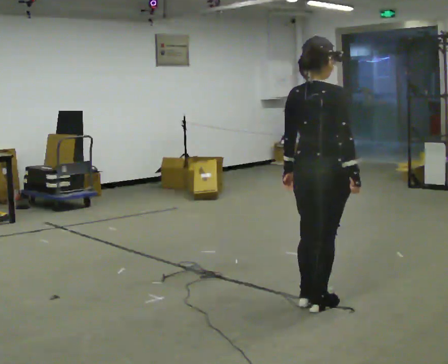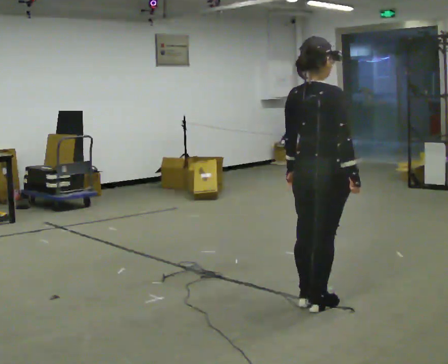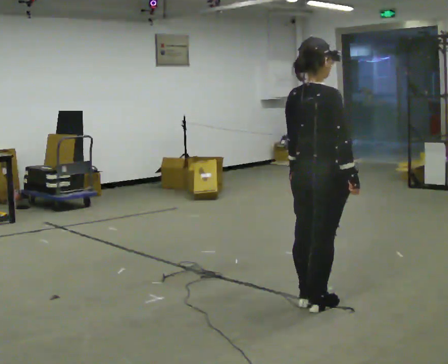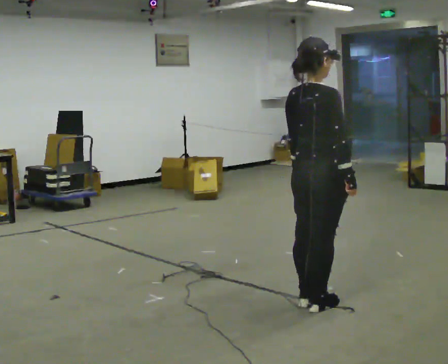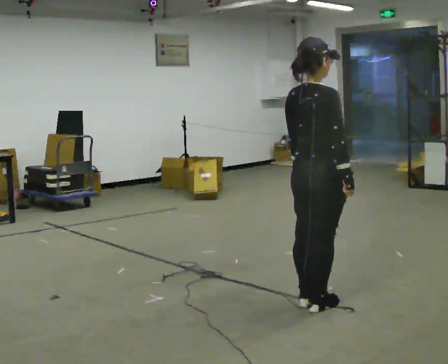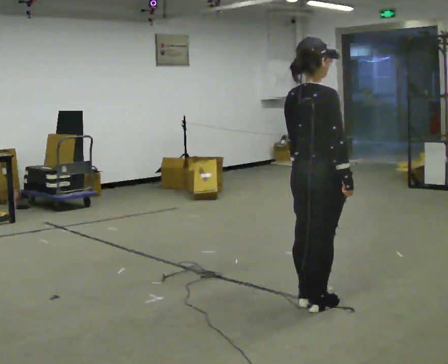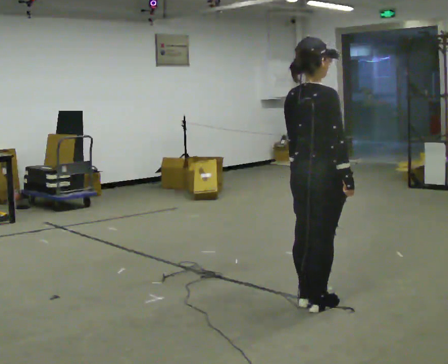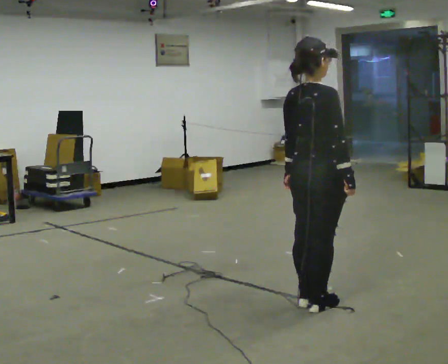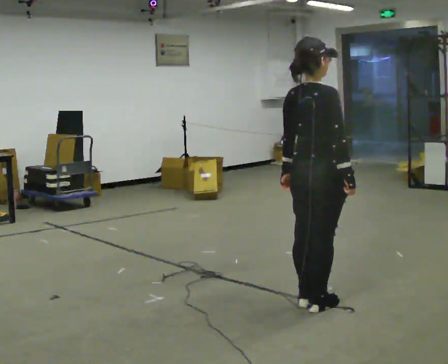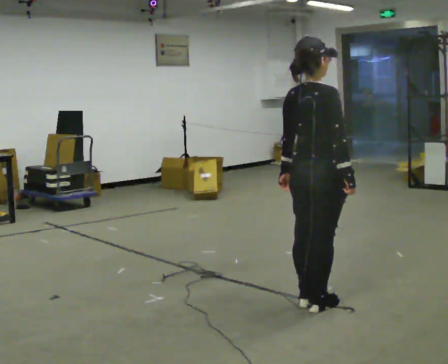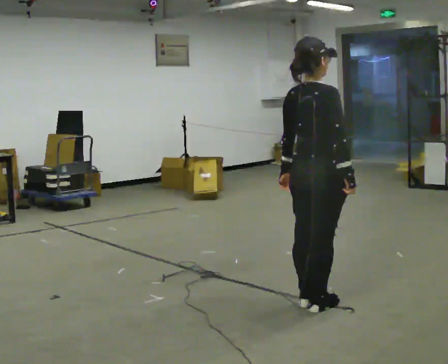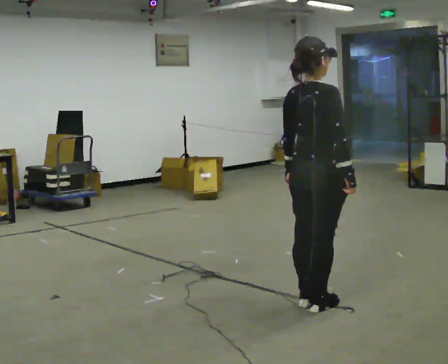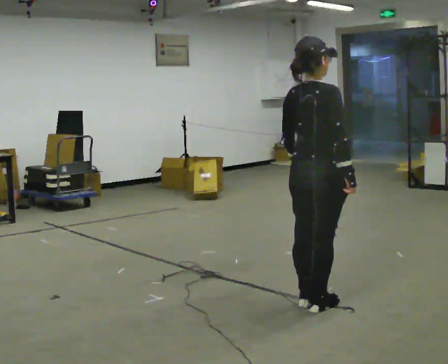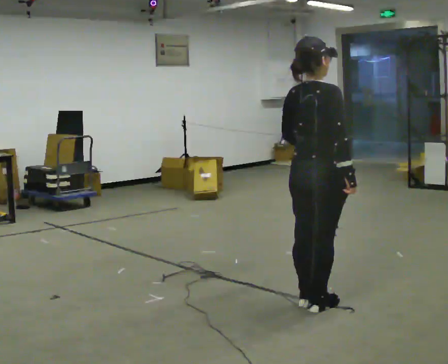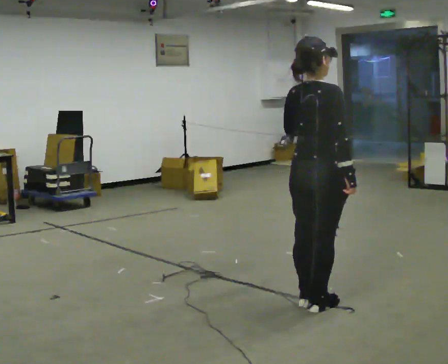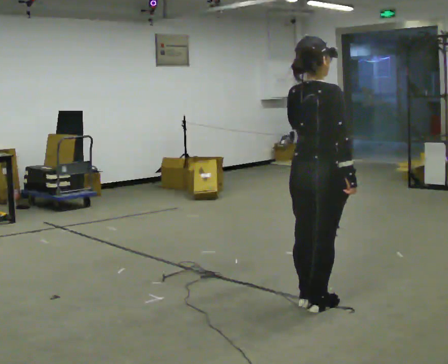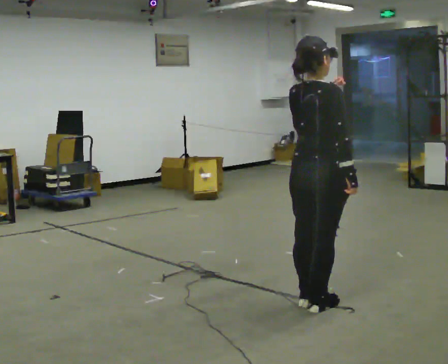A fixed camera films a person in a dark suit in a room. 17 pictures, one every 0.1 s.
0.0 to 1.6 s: In the picture their left hand goes upward.
The film runs forward here.
